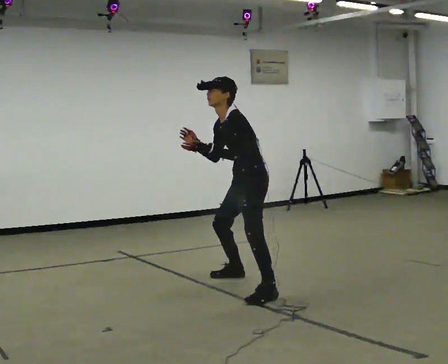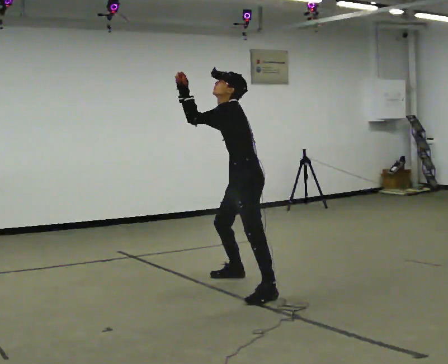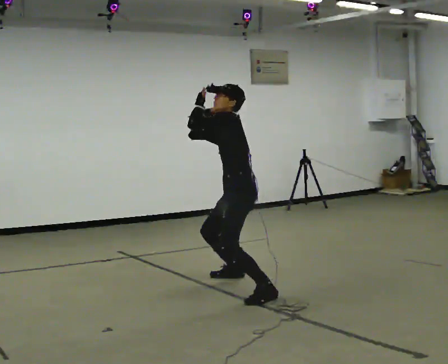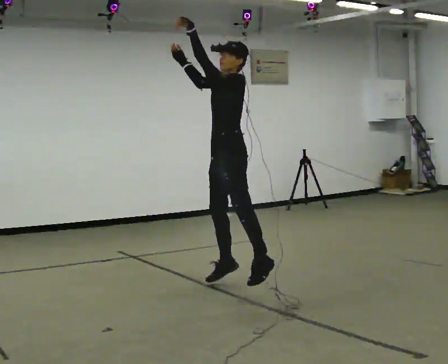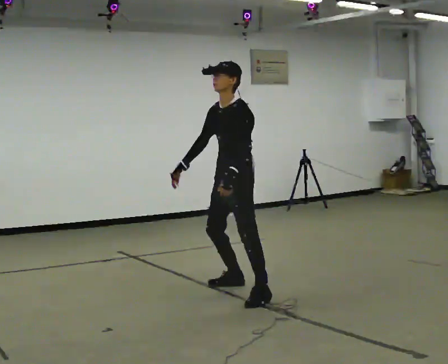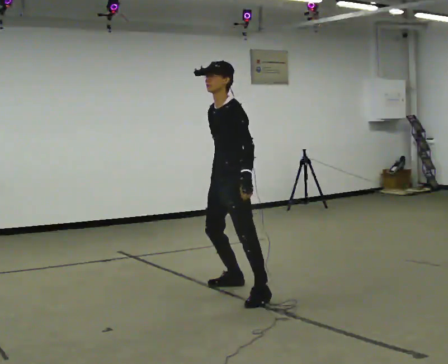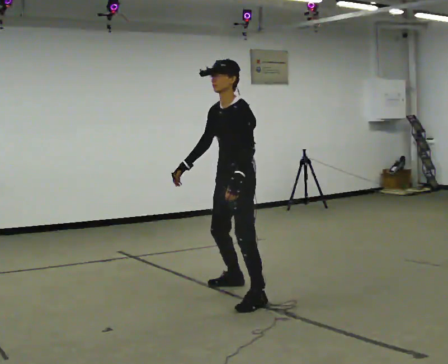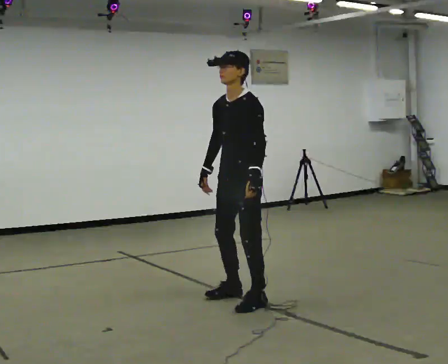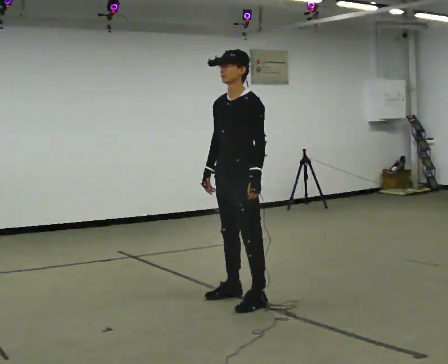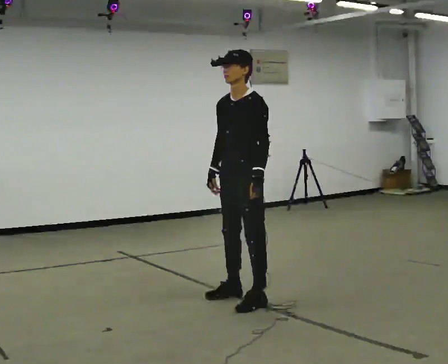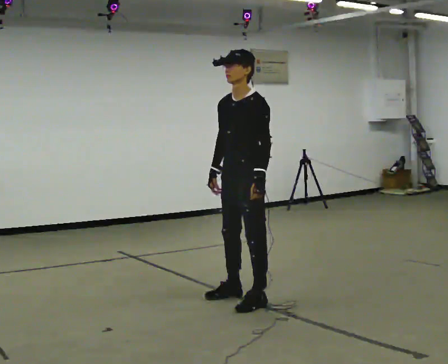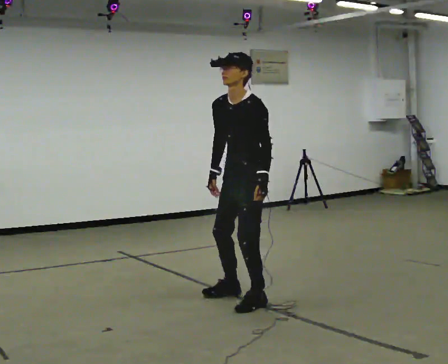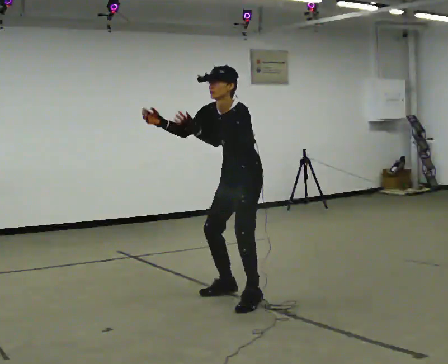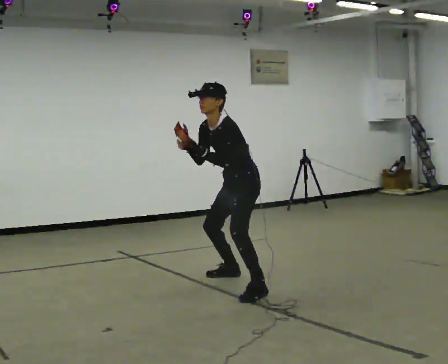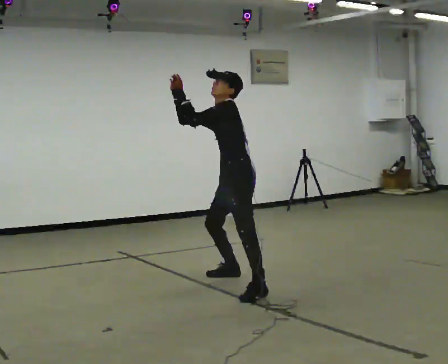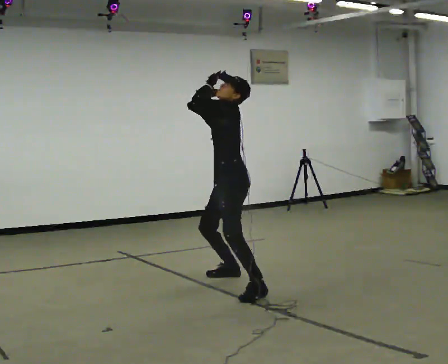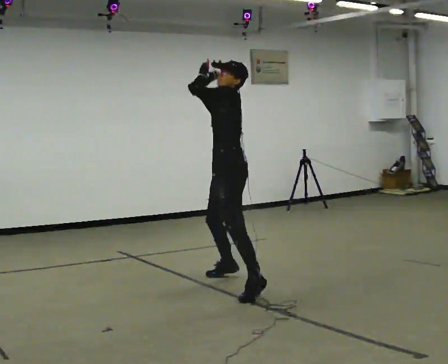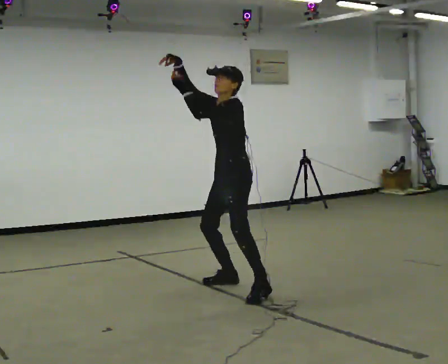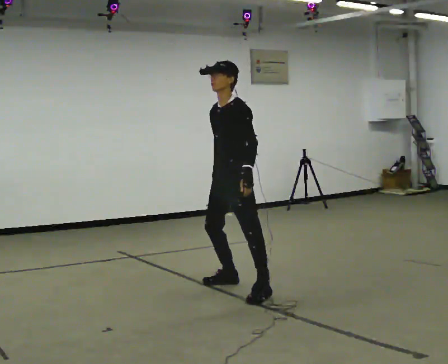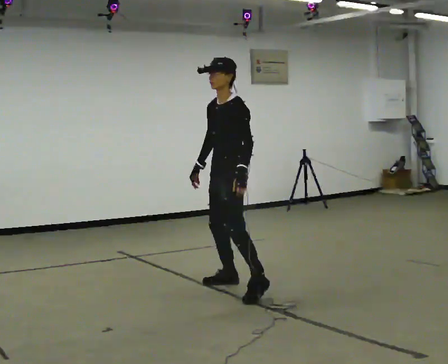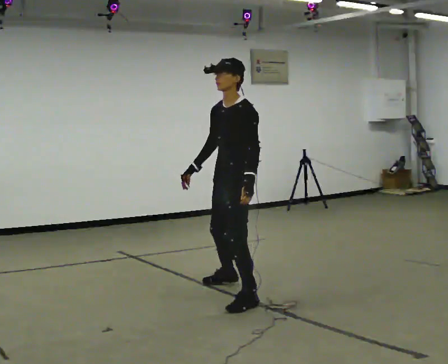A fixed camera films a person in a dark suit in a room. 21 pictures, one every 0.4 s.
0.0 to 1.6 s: In the picture they go toward the camera, about 0.25 m in 1 step, which for them is to their left and forward.
1.6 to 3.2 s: In the picture they go toward the camera, about 0.25 m in 1 step, which for them is to their left and forward.
3.2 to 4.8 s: In the picture they go away from the camera, about 0.25 m, which for them is backward and to their right. The upper body tips toward the camera, its near side rolling downward, as they bend forward. In the picture their right hand goes upward, the arm swinging clockwise.
4.8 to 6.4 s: The part of the body nearest the lens slides to the left as the person turns to their right by about 30 degrees. In the picture they go away from the camera, about 0.25 m in 2 steps, which for them is to their right. The upper body tips away from the camera, its near side rolling upward. In the picture their right hand goes upward and to the right.
6.4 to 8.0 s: In the picture they go toward the camera, about 0.25 m in 2 steps, which for them is to their left and forward. In the picture their left hand goes downward, the arm swinging counterclockwise.
The film runs forward here.
